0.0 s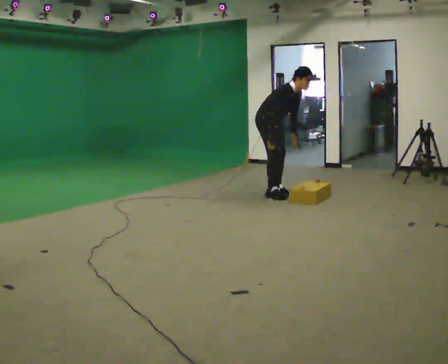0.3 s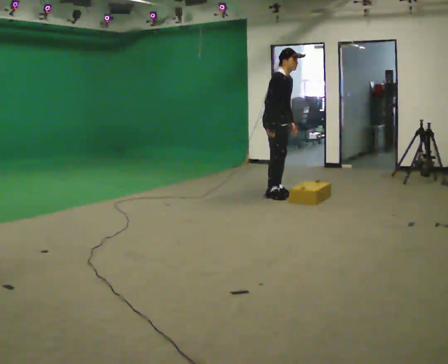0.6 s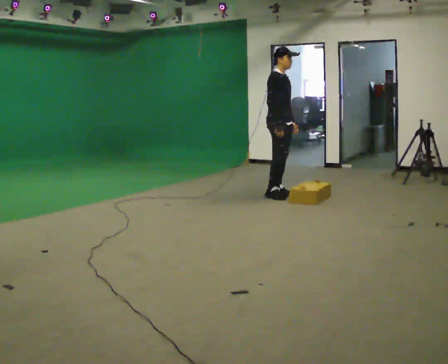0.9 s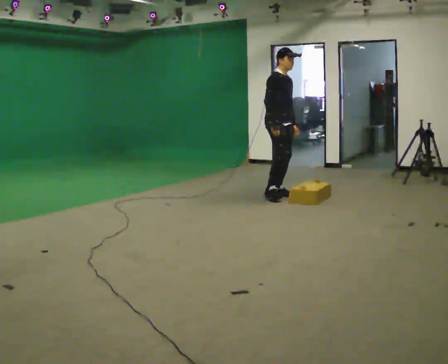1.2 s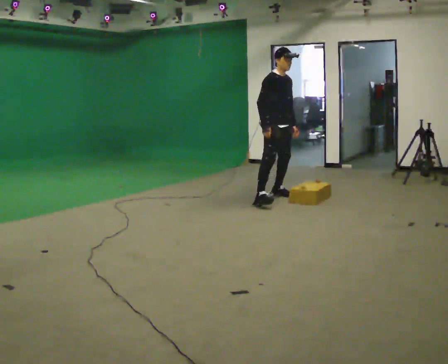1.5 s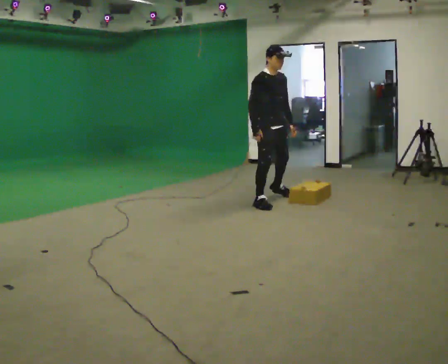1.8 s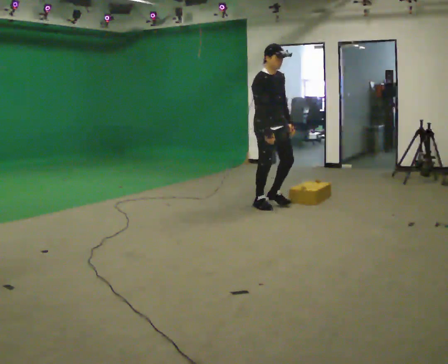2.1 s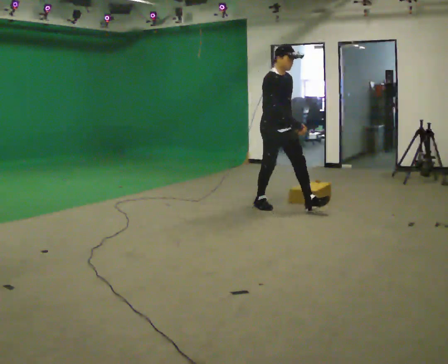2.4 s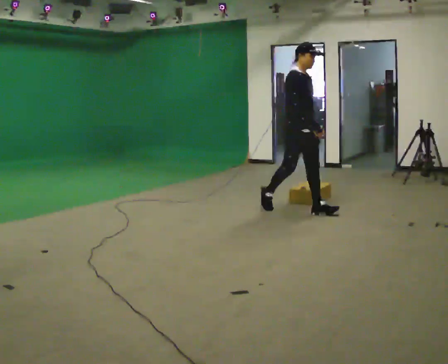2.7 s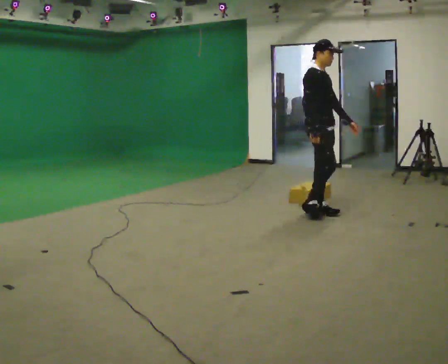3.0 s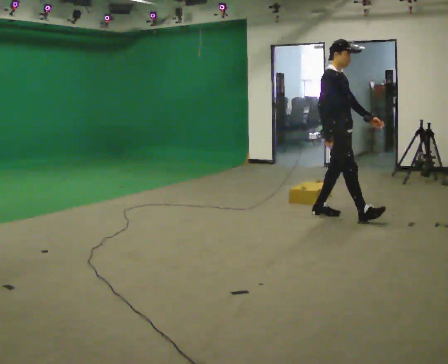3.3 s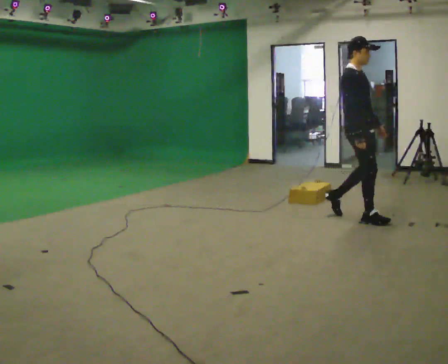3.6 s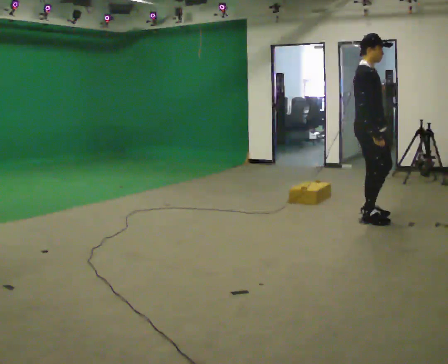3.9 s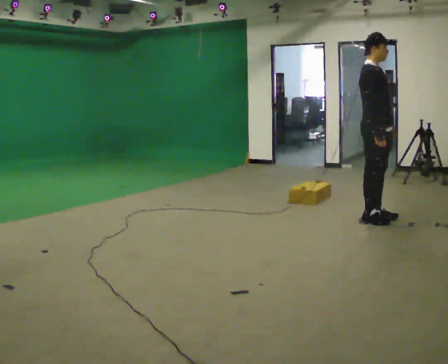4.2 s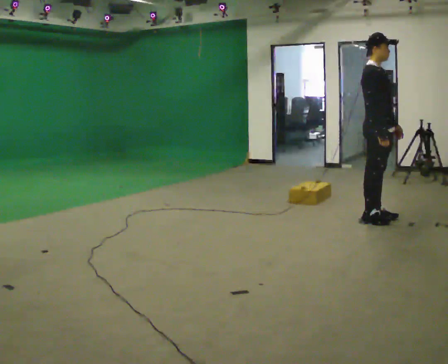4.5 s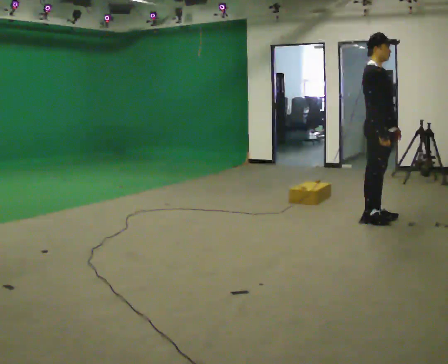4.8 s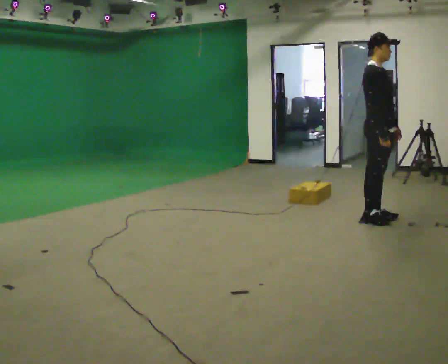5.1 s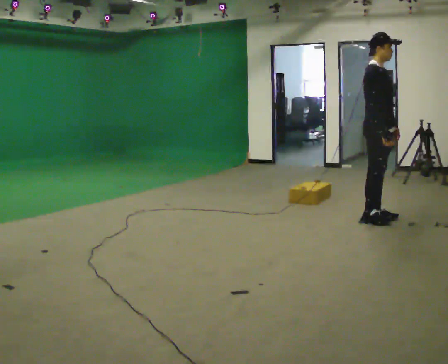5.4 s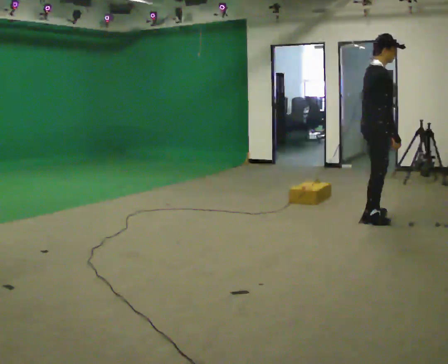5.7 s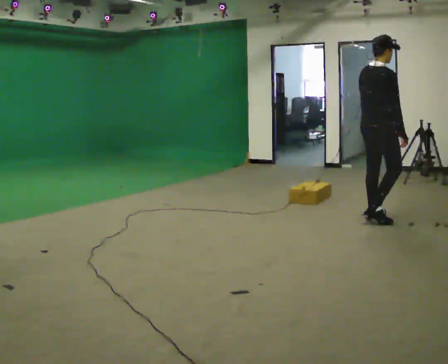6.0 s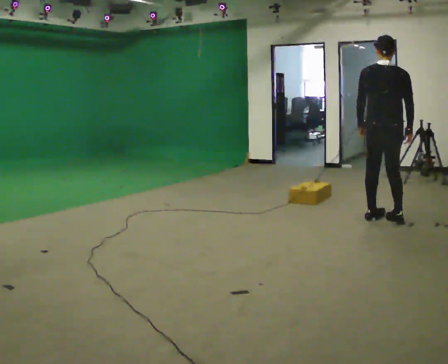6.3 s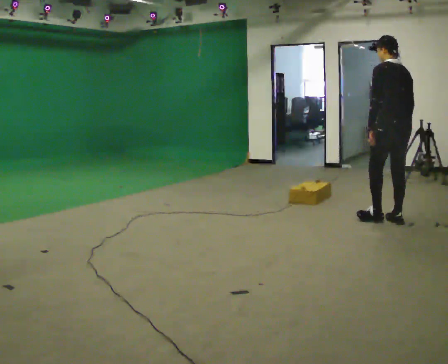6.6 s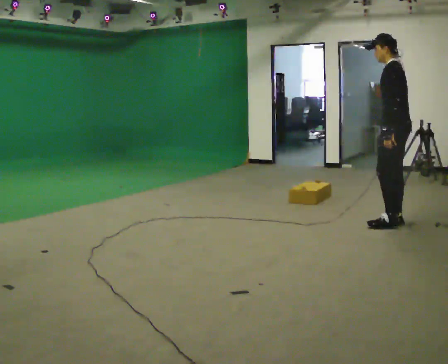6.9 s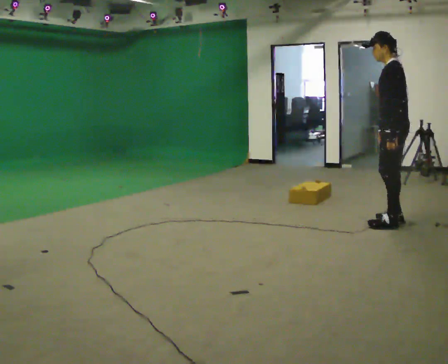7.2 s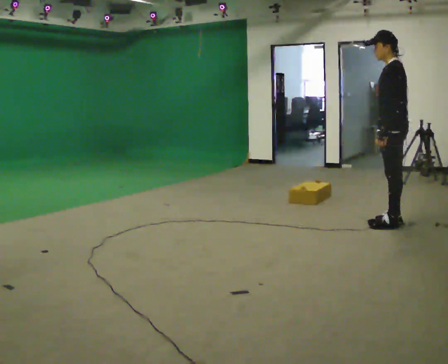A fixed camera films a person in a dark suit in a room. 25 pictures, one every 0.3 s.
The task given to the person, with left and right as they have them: Start still; walk straight at normal comfortable speed; stop at endpoint.
0.0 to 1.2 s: In the picture they go toward the camera, about 0.25 m, which for them is to their right and forward. In the picture the upper body tilts counterclockwise, shoulders to the left, as they lean back or straighten.
1.2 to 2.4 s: In the picture they go toward the camera and to the right, about 0.75 m in 2 steps, which for them is forward and to their right.
2.4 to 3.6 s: In the picture they go to the right and toward the camera, about 1 m in 1 step, which for them is forward.
3.6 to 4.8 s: The person moves a little, or ends about where they began.
4.8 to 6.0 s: The part of the body nearest the lens slides to the right as the person turns to their left by about 105 degrees. In the picture their left hand goes to the left, the arm swinging clockwise.
6.0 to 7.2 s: The person turns about 90 degrees to their left, counterclockwise seen from above, so the part of the body nearest the lens slides to the right.
The film runs forward here.
